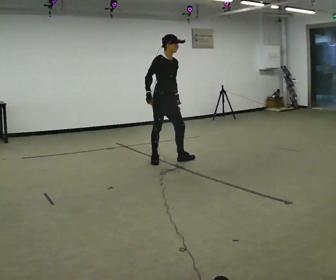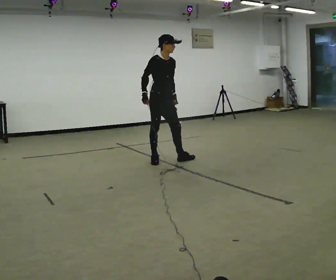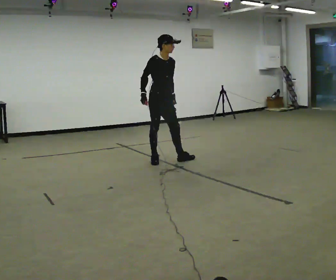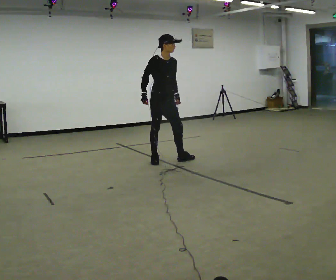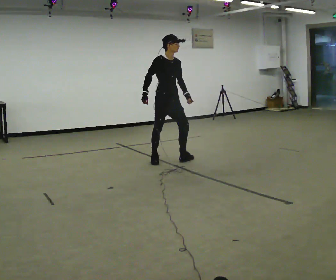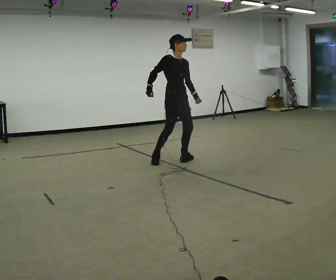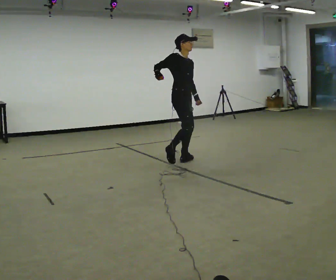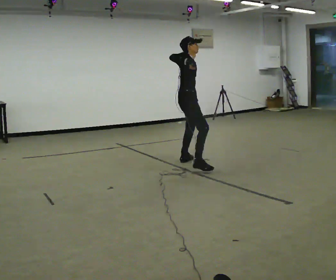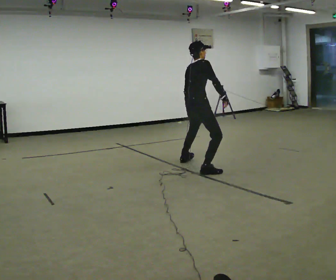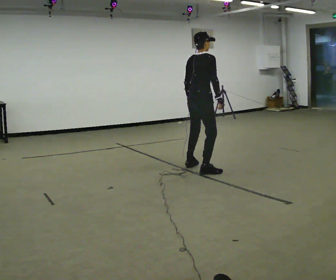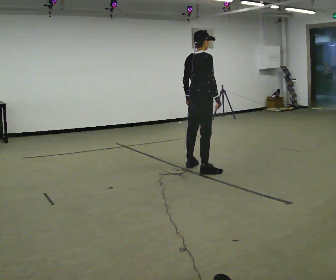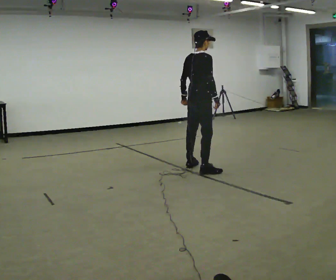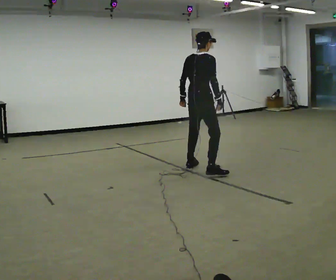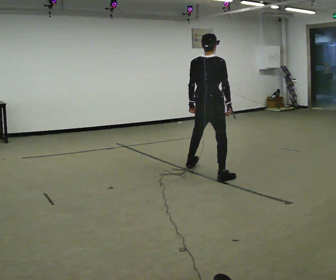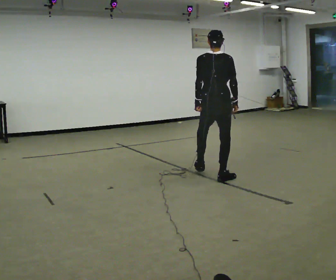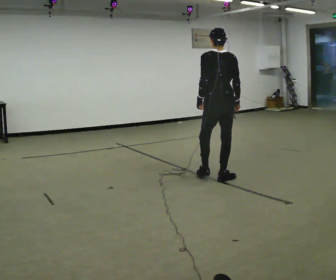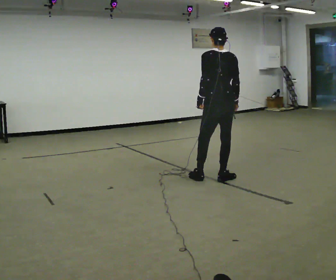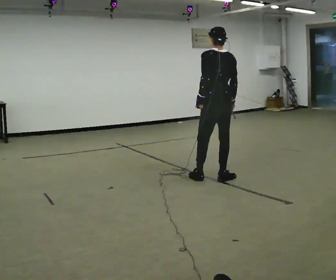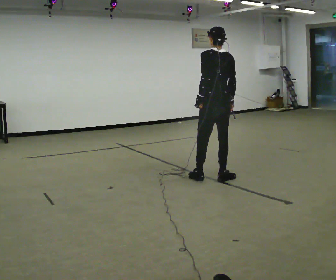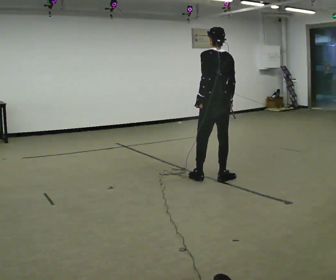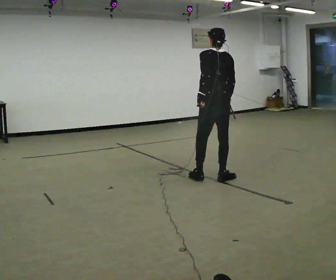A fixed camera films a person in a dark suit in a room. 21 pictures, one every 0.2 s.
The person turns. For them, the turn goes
to their left.
The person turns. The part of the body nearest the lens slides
to the right.
0.0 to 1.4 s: Seen from above the body turns counterclockwise, about 30 degrees: to their left, with its near side sliding to the right. In the picture they go to the right and toward the camera, about 0.25 m in 1 step, which for them is forward. In the picture their right hand goes upward.
1.4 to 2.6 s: The person turns about 75 degrees to their left, counterclockwise seen from above, so the part of the body nearest the lens slides to the right. In the picture they go toward the camera and to the right, about 0.5 m in 3 steps. In the picture their right hand goes downward.
2.6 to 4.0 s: Seen from above the body turns counterclockwise, about 45 degrees: to their left, with its near side sliding to the right. In the picture they go toward the camera, about 0.25 m, which for them is backward.
The film runs backward here.
